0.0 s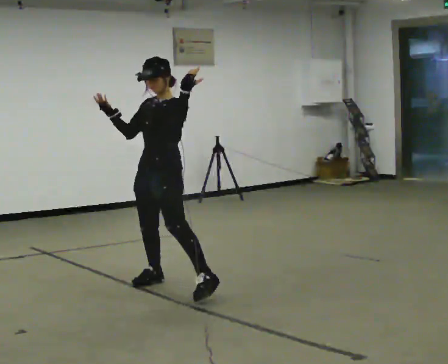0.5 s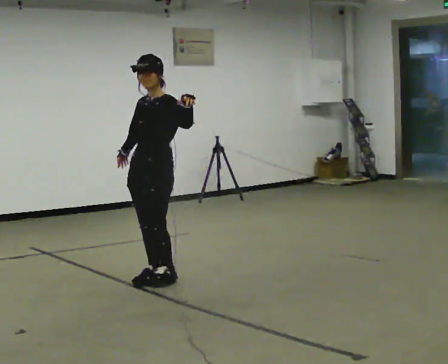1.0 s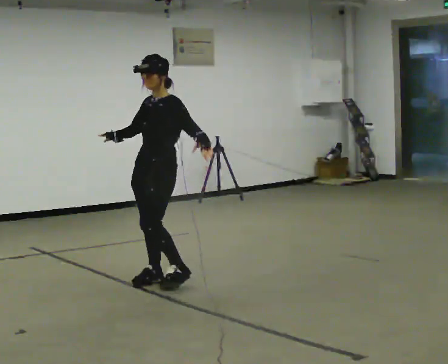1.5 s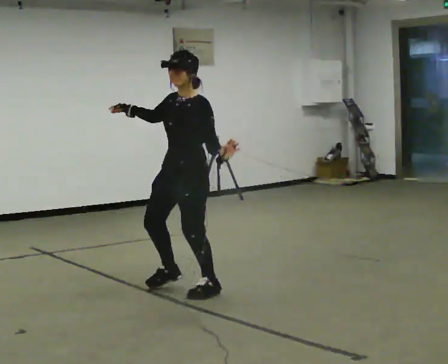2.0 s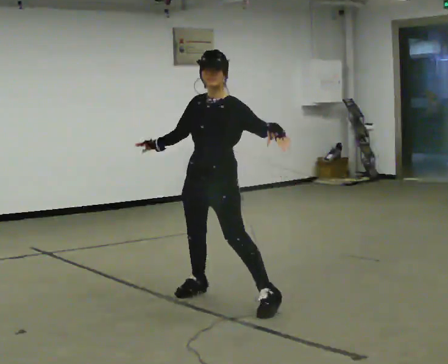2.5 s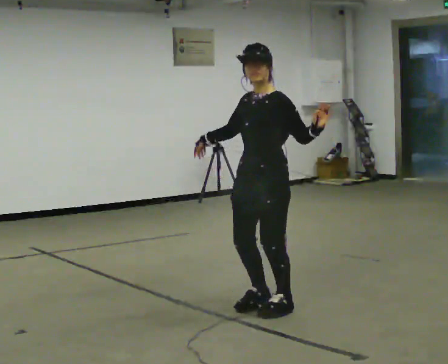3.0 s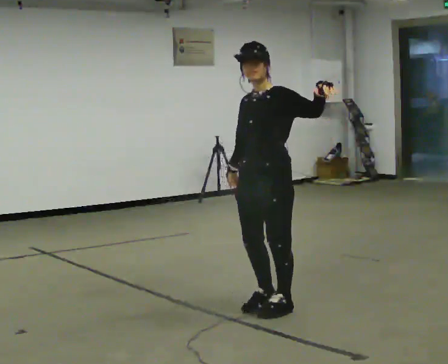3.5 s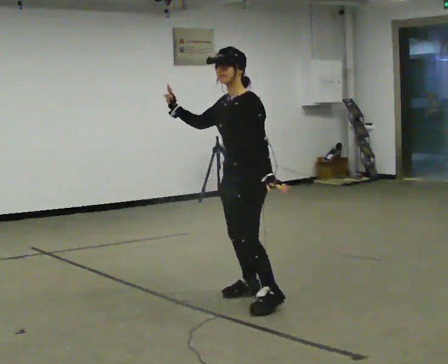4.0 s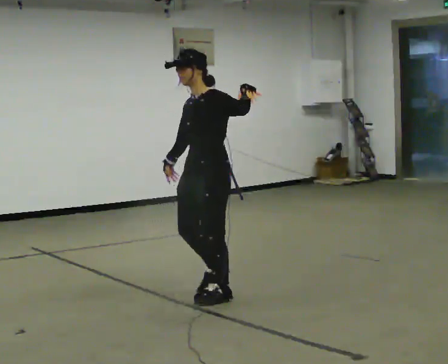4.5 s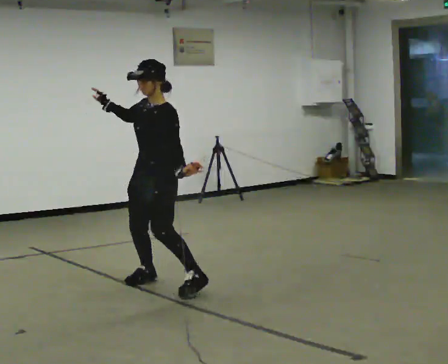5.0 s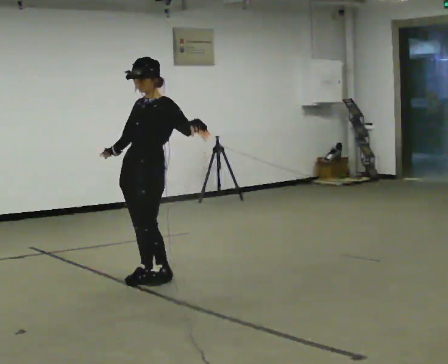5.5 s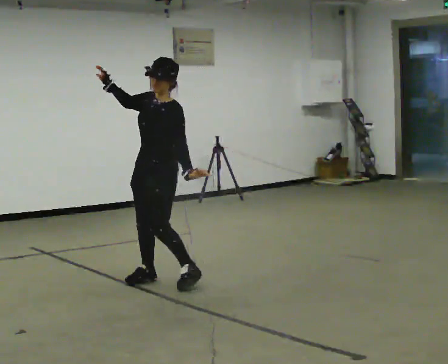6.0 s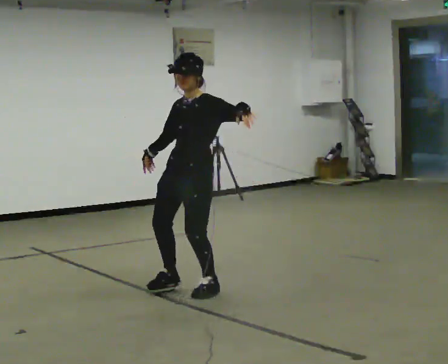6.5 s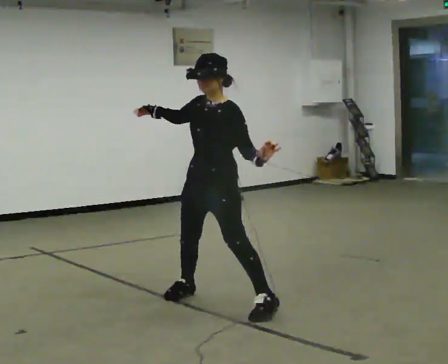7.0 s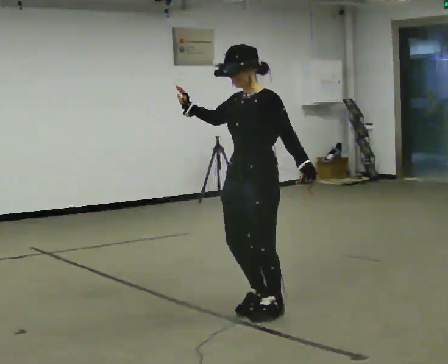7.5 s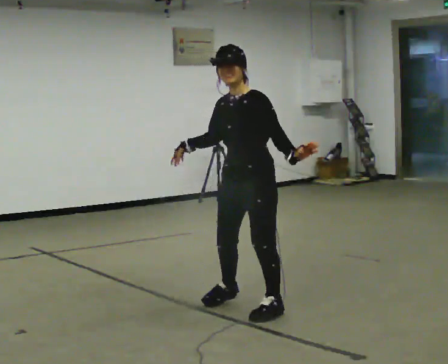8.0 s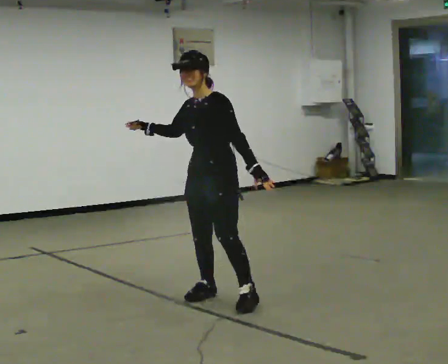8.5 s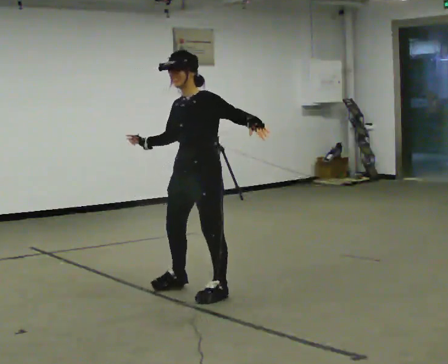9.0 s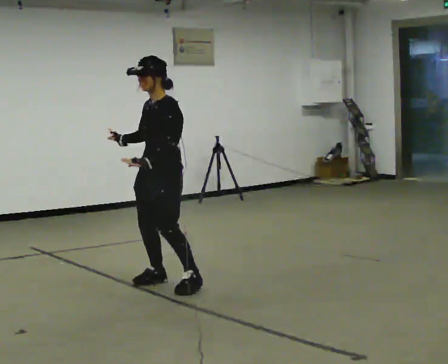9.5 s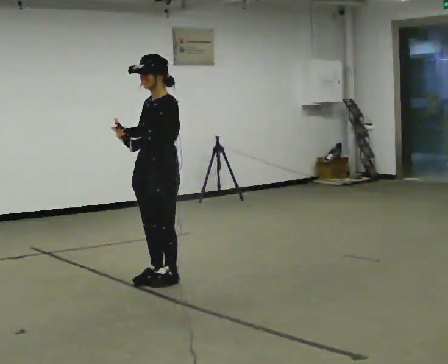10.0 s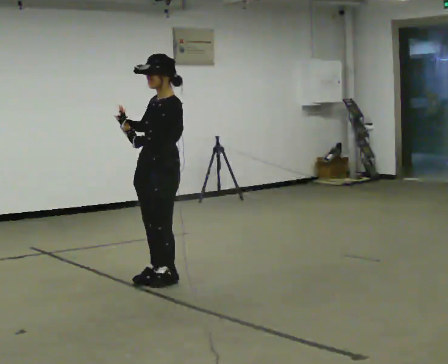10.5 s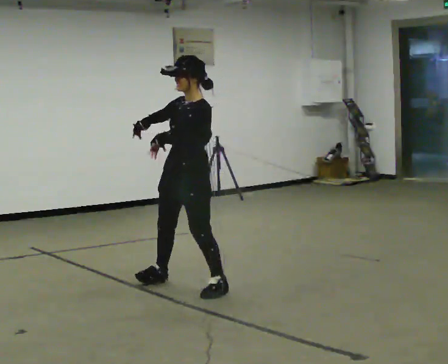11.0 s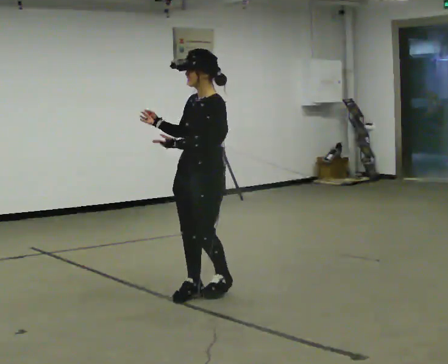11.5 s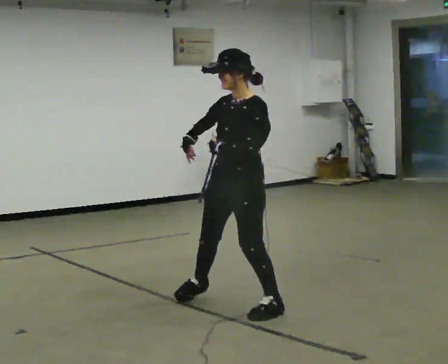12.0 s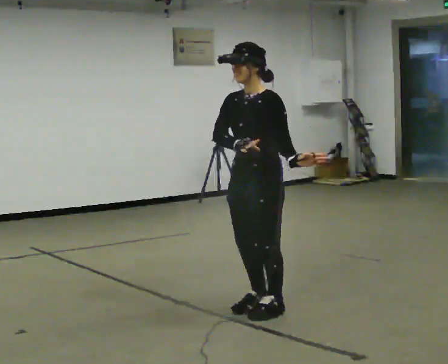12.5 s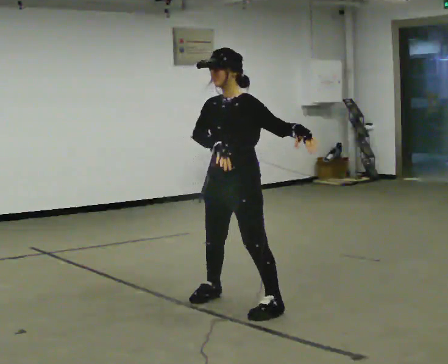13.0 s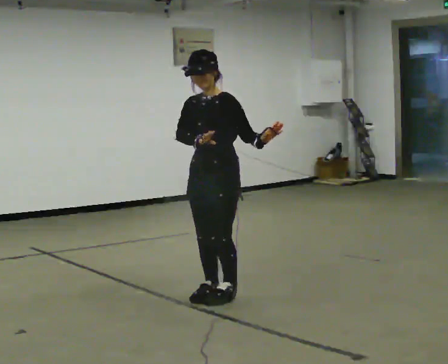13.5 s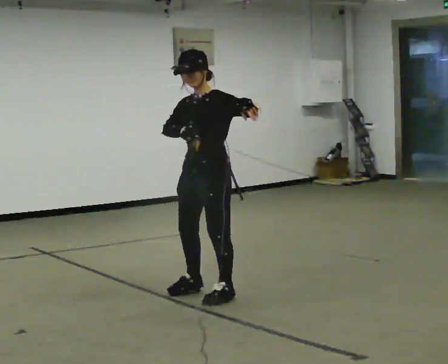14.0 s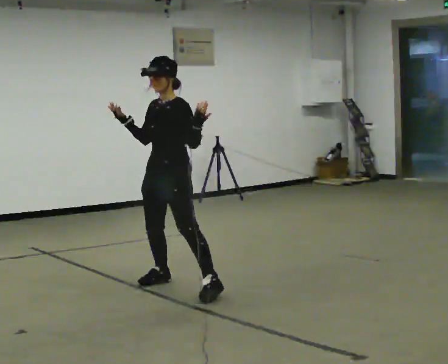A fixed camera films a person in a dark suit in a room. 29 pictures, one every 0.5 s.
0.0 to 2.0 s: In the picture they go to the right and toward the camera, about 0.5 m in 3 steps, which for them is to their left.
2.0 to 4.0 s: The person moves a little, or ends about where they began.
4.0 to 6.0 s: In the picture they go away from the camera, about 0.25 m in 3 steps, which for them is to their right.
6.0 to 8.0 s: In the picture they go toward the camera and to the right, about 0.25 m in 4 steps, which for them is to their left. In the picture their left hand goes downward.
8.0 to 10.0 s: In the picture they go away from the camera and to the left, about 0.5 m in 3 steps, which for them is to their right. In the picture the upper body tilts clockwise, shoulders to the right.
10.0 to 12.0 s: In the picture they go toward the camera and to the right, about 1 m in 3 steps, which for them is to their left.
12.0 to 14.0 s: In the picture they go away from the camera and to the left, about 1 m in 4 steps, which for them is to their right.
The film runs backward here.
